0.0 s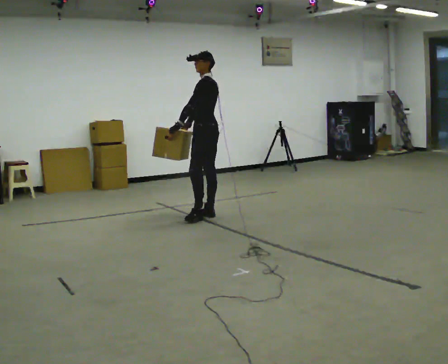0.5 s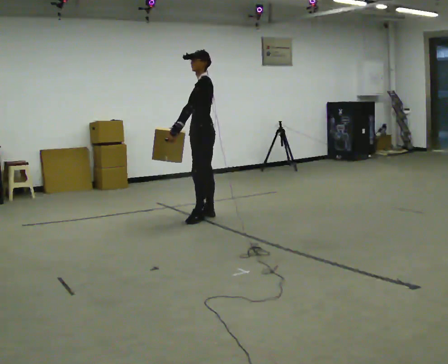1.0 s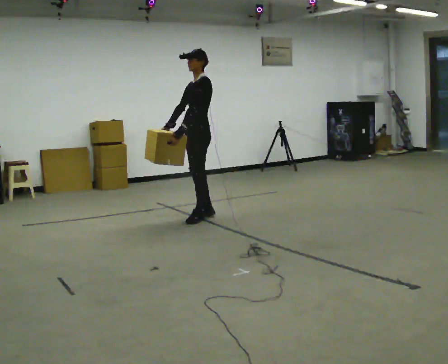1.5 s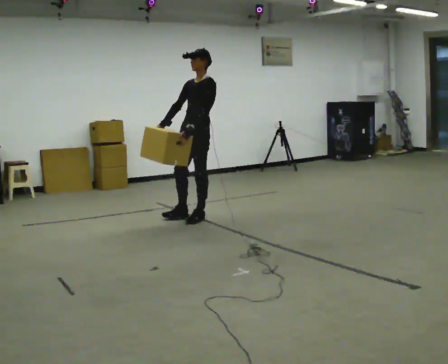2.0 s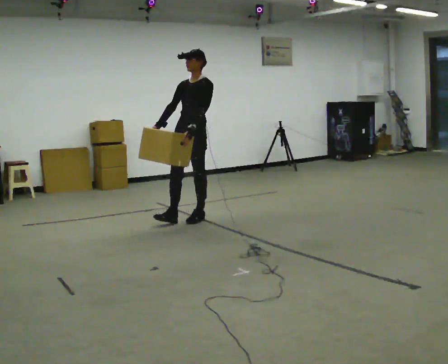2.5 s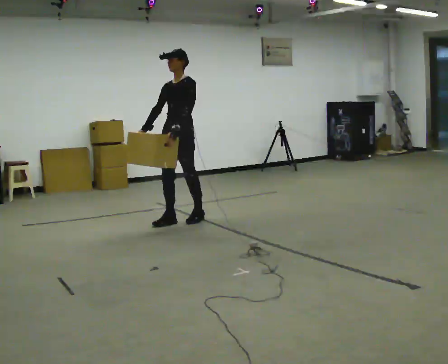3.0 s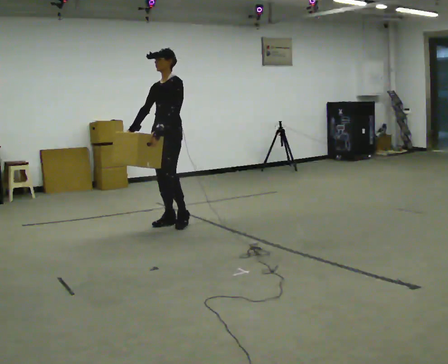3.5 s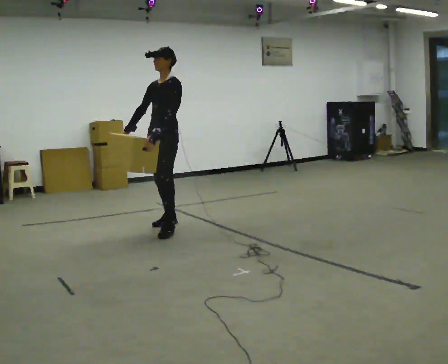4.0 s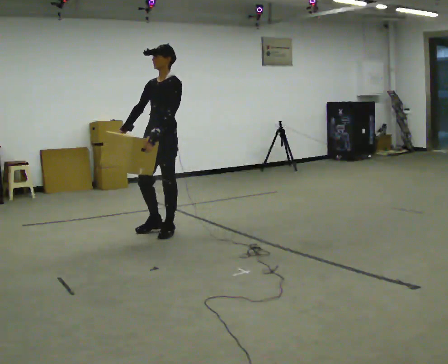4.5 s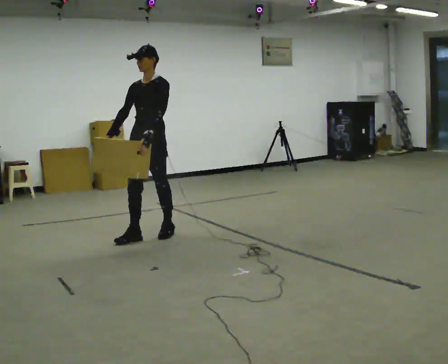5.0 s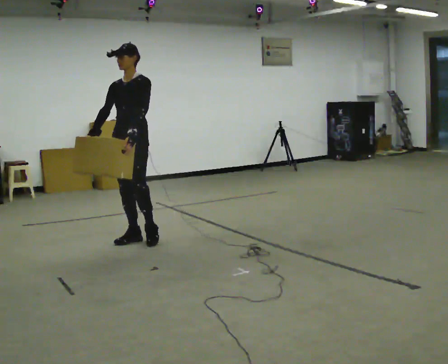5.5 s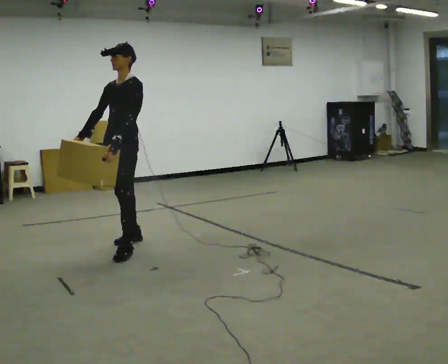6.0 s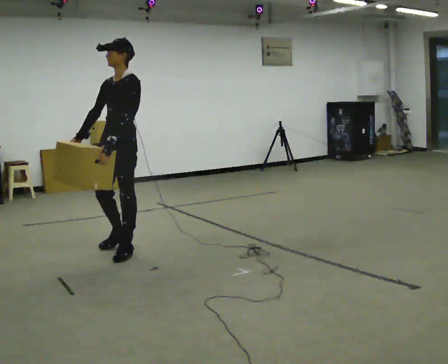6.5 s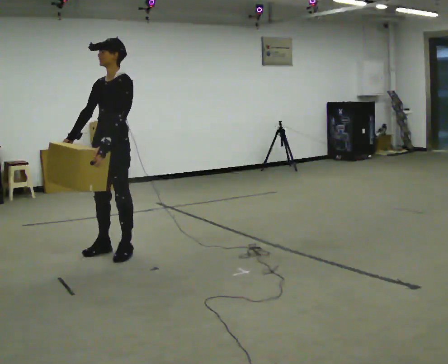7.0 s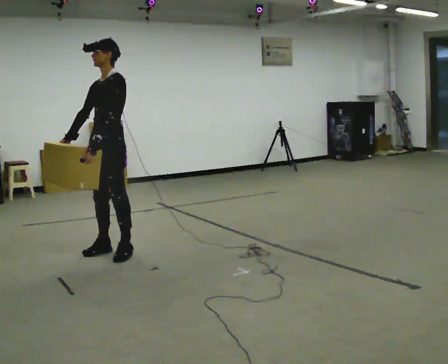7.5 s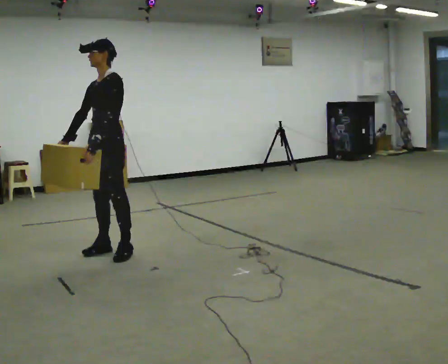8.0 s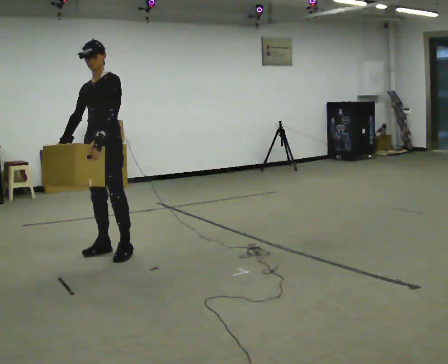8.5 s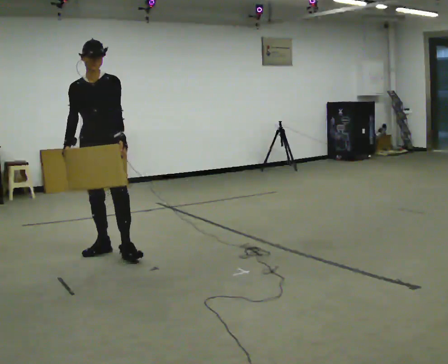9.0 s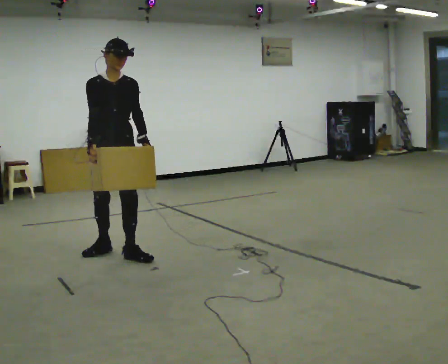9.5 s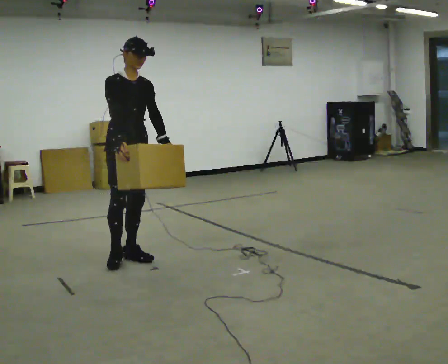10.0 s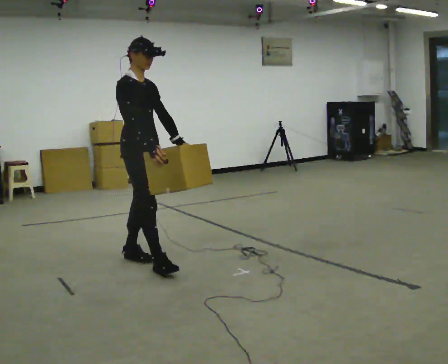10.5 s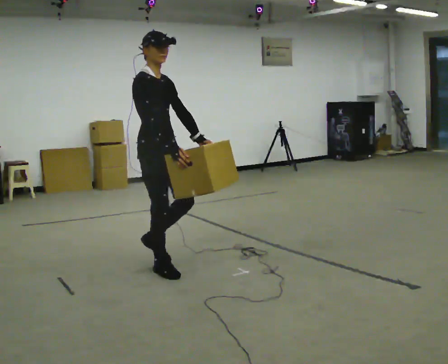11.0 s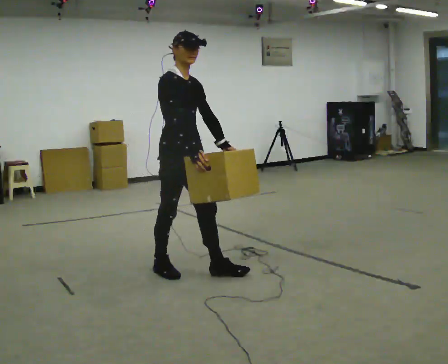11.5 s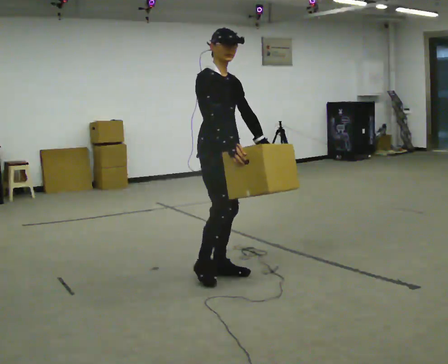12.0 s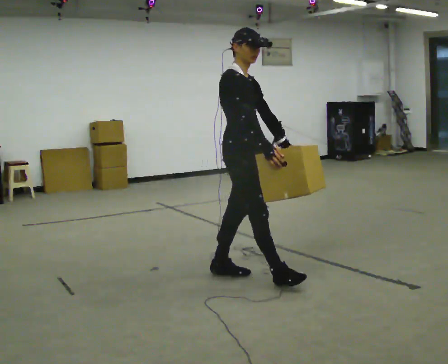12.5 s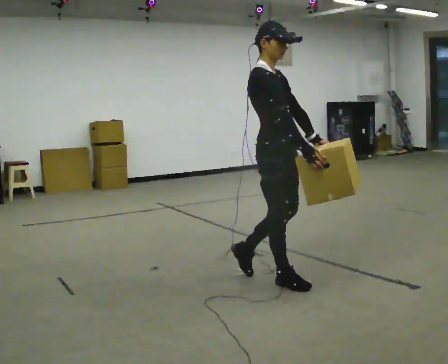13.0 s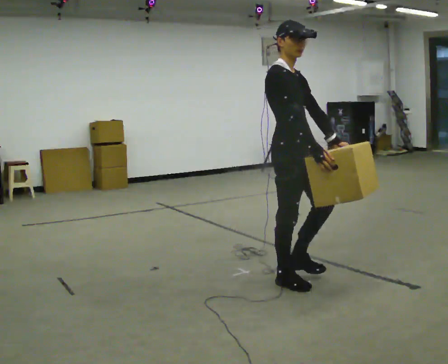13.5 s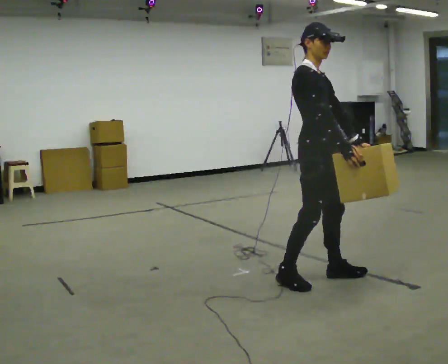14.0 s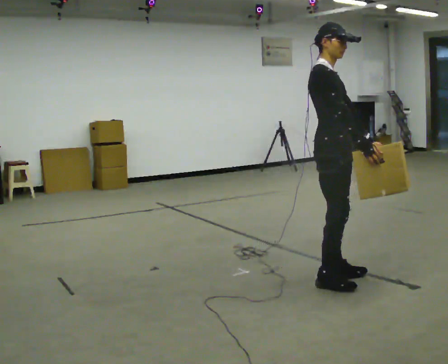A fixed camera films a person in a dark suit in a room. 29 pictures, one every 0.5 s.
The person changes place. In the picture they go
toward the camera.
0.0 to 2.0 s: The person turns about 75 degrees to their left, counterclockwise seen from above, so the part of the body nearest the lens slides to the right. In the picture they go to the left and toward the camera, about 0.25 m in 1 step.
2.0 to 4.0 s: In the picture they go toward the camera and to the left, about 0.5 m in 1 step, which for them is forward.
4.0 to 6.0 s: In the picture they go toward the camera and to the left, about 0.5 m in 2 steps, which for them is forward.
6.0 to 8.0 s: The person moves a little, or ends about where they began.
8.0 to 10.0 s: The part of the body nearest the lens slides to the right as the person turns to their left by about 90 degrees. In the picture they go toward the camera and to the right, about 0.5 m in 1 step.
10.0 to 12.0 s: In the picture they go to the right and toward the camera, about 1 m in 1 step, which for them is forward.
12.0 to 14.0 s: In the picture they go to the right and toward the camera, about 0.5 m in 3 steps, which for them is forward.
The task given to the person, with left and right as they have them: Carry the heavy box in both hands in front of you, walking back and forth across the room. Keep walking until the operator says stop. Set it down if you need a rest.
The film runs forward here.
